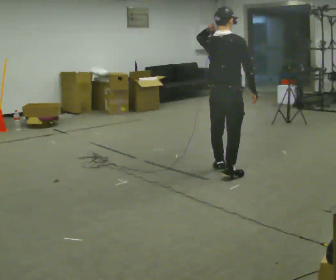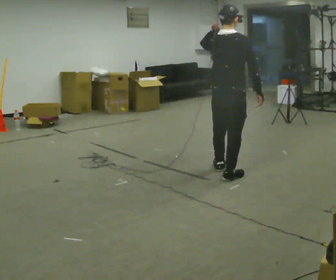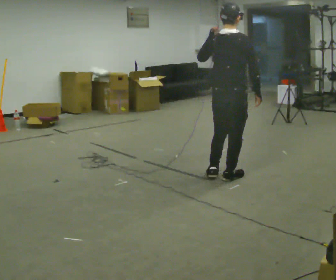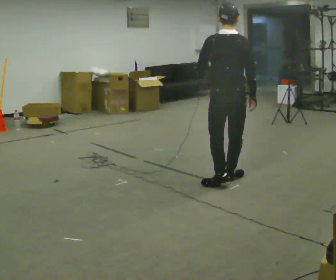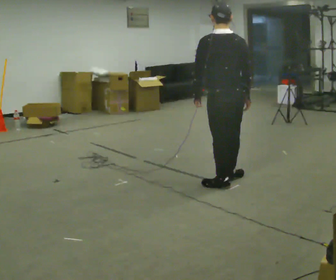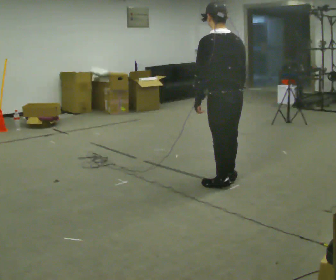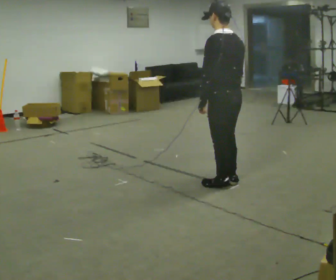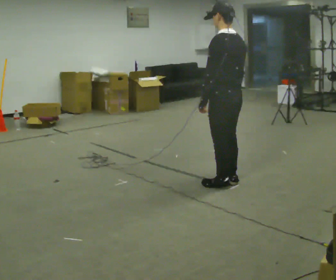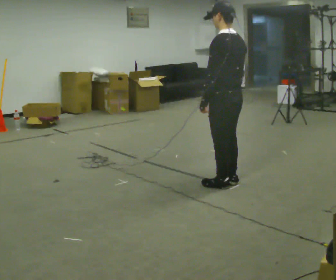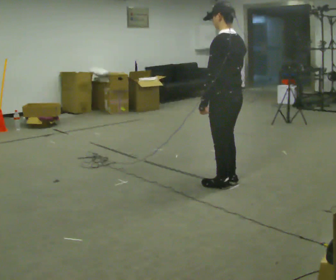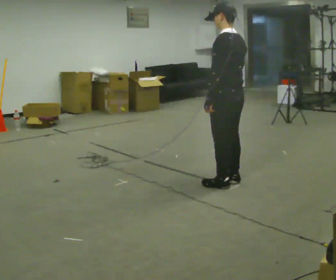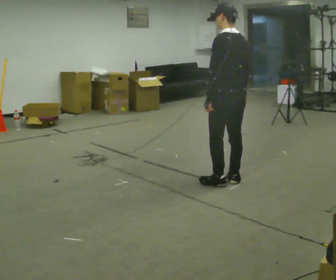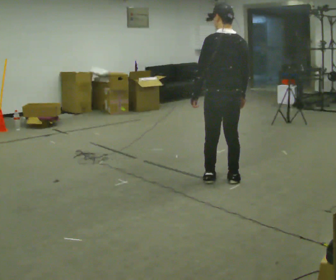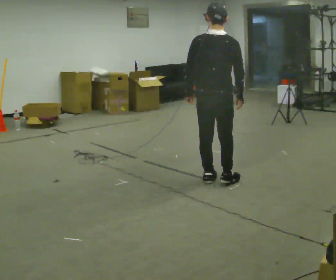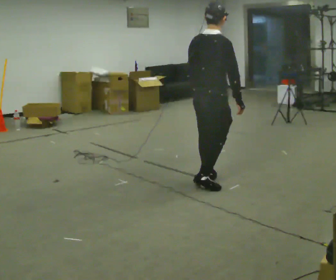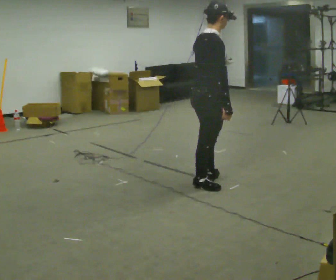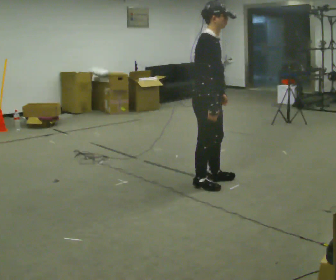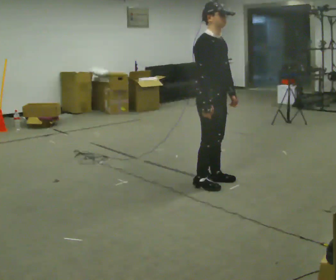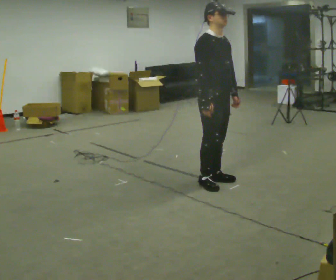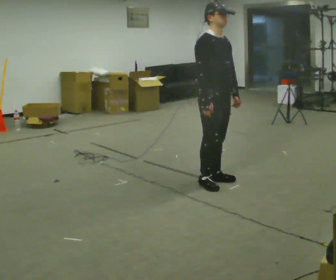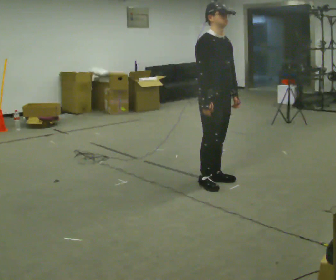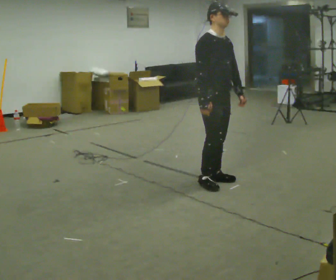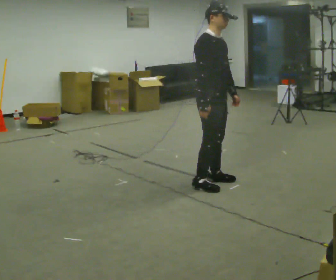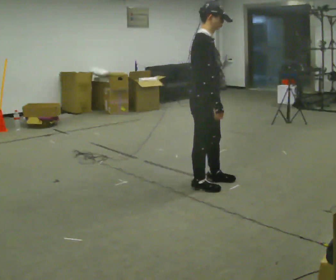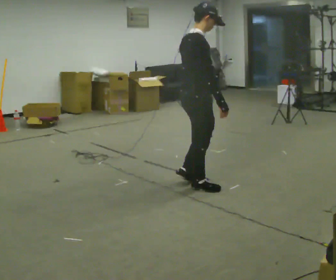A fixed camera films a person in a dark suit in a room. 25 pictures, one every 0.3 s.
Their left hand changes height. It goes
downward.
0.0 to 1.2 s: The person turns about 30 degrees to their left, counterclockwise seen from above, so the part of the body nearest the lens slides to the right. In the picture they go toward the camera, about 0.5 m in 1 step, which for them is backward. In the picture their left hand goes downward.
1.2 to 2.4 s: The person turns about 45 degrees to their left, counterclockwise seen from above, so the part of the body nearest the lens slides to the right.
2.4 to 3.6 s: Seen from above the body turns clockwise, about 30 degrees: to their right, with its near side sliding to the left.
3.6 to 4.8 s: The part of the body nearest the lens slides to the left as the person turns to their right by about 120 degrees. In the picture they go to the left, about 0.25 m in 1 step.
4.8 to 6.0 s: The part of the body nearest the lens slides to the left as the person turns to their right by about 30 degrees.
6.0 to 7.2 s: Seen from above the body turns counterclockwise, about 60 degrees: to their left, with its near side sliding to the right. In the picture they go toward the camera and to the left, about 0.25 m in 1 step, which for them is to their right.
The film runs backward here.
